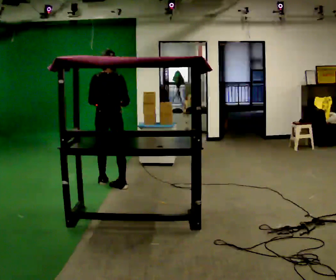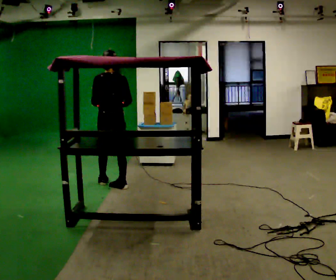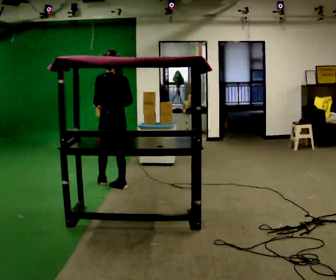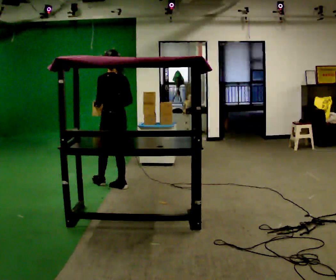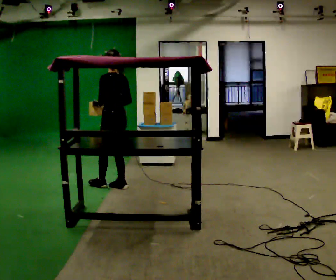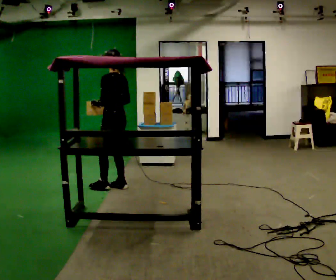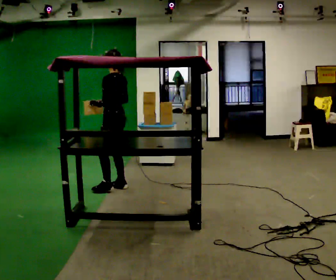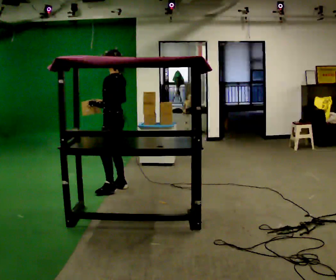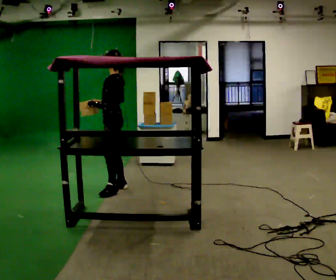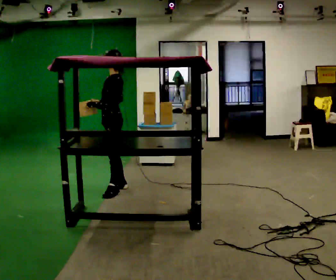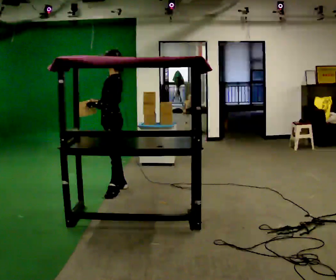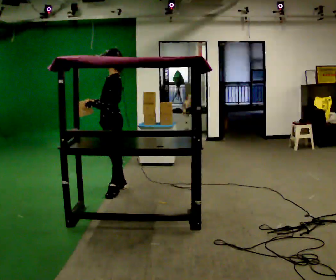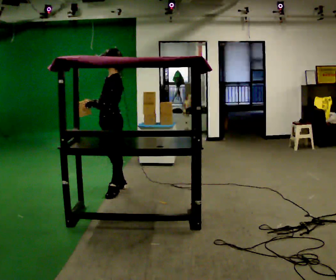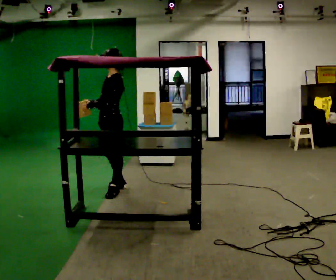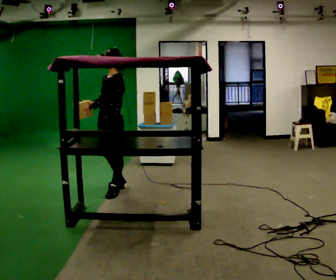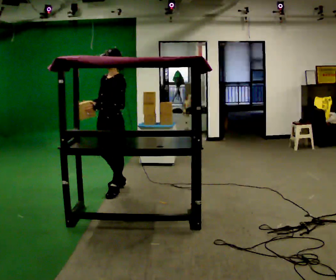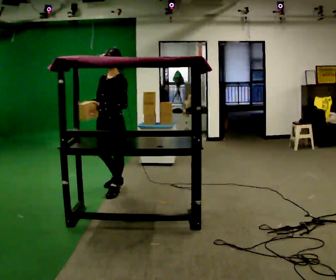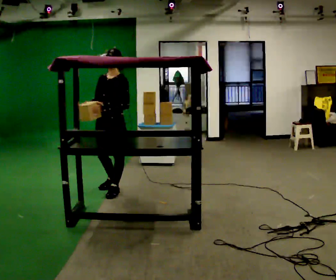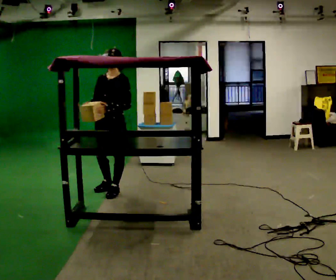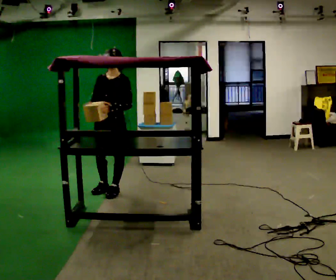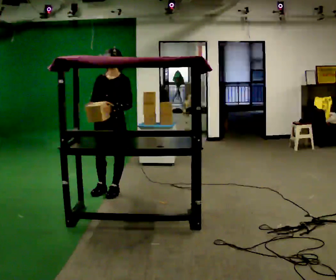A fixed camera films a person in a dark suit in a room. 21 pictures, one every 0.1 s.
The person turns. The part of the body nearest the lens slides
to the right.
The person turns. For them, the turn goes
to their left.
0.0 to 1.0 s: The part of the body nearest the lens slides to the right as the person turns to their left by about 90 degrees.
1.0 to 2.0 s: The person turns about 60 degrees to their left, counterclockwise seen from above, so the part of the body nearest the lens slides to the right. In the picture they go toward the camera, about 0.25 m in 1 step.
The film runs backward here.
